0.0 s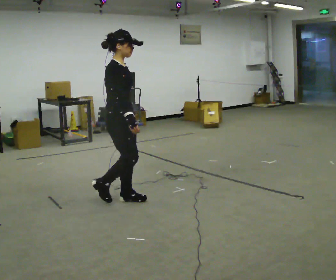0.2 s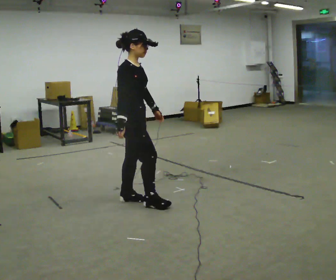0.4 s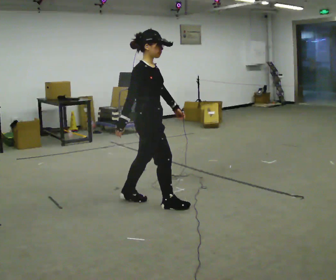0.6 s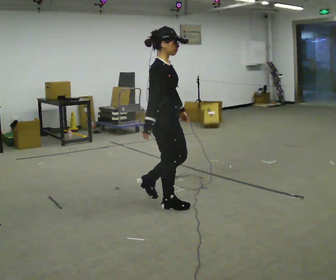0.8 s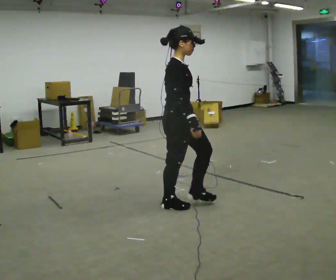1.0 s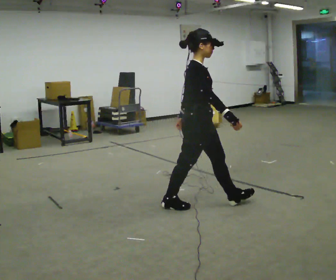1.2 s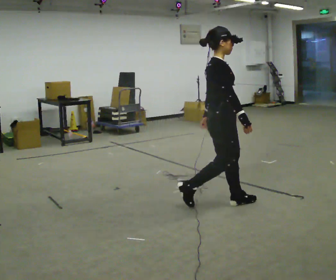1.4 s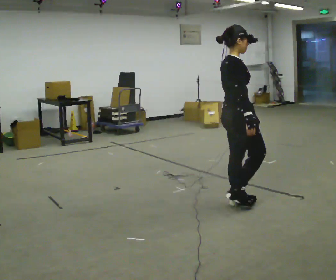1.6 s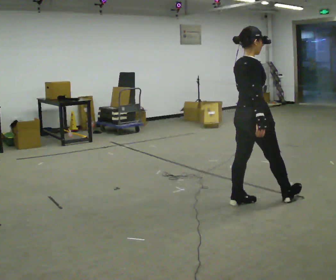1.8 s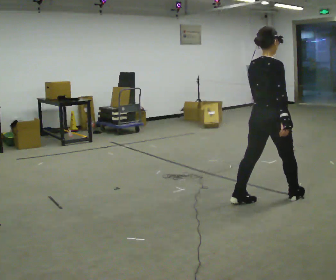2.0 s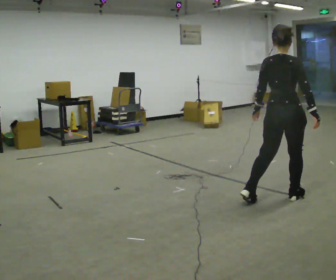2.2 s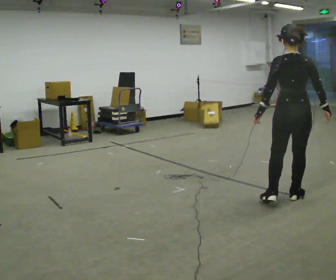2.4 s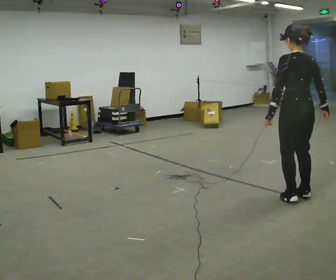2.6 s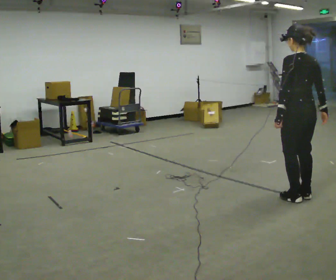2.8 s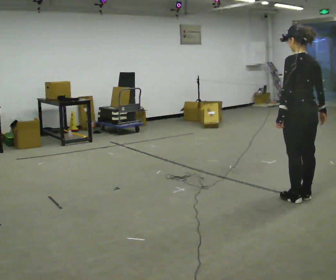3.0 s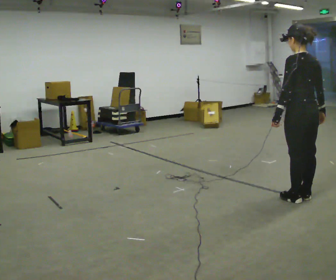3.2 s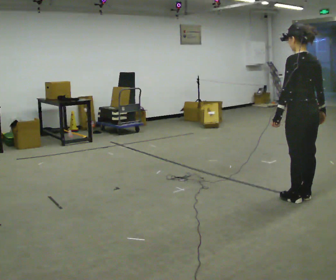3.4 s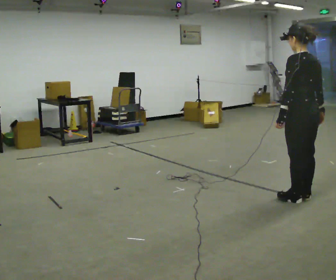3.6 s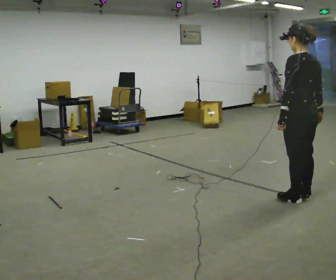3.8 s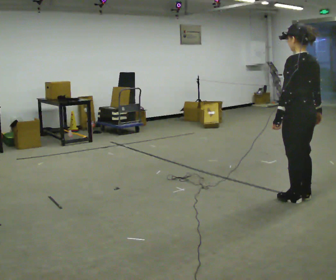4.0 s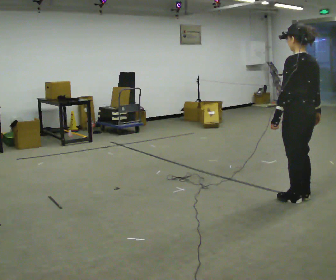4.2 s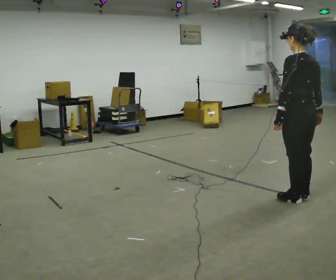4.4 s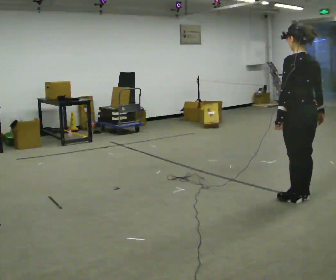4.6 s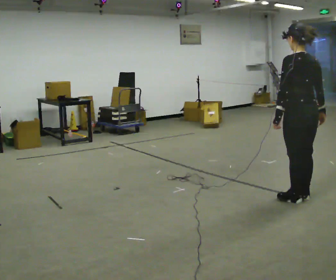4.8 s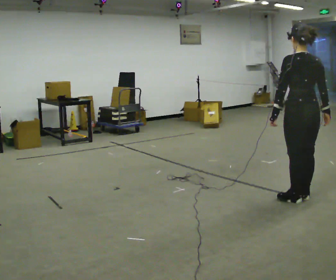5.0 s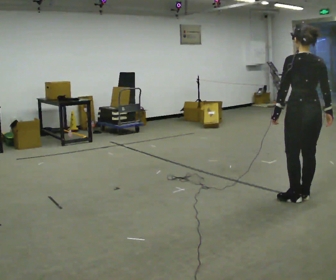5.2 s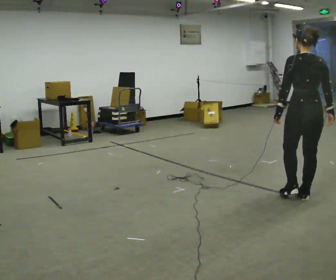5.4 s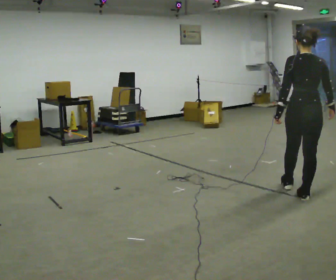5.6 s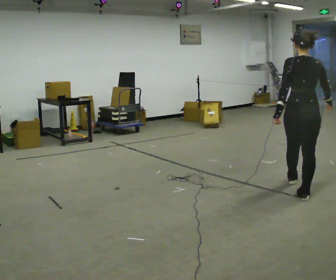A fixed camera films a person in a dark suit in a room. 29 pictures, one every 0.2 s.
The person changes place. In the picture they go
to the right.
The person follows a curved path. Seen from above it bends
counterclockwise.
0.0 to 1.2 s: In the picture they go to the right, about 1 m in 2 steps, which for them is forward.
1.2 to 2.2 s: The person turns about 90 degrees to their left, counterclockwise seen from above, so the part of the body nearest the lens slides to the right. In the picture they go to the right, about 0.75 m in 1 step.
2.2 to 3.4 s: Seen from above the body turns counterclockwise, about 30 degrees: to their left, with its near side sliding to the right.
3.4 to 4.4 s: The person moves a little, or ends about where they began.
4.4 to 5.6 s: Seen from above the body turns clockwise, about 30 degrees: to their right, with its near side sliding to the left. In the picture they go away from the camera, about 0.25 m in 1 step, which for them is forward.
The film runs forward here.
